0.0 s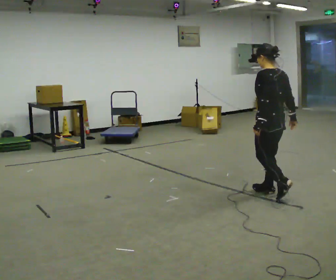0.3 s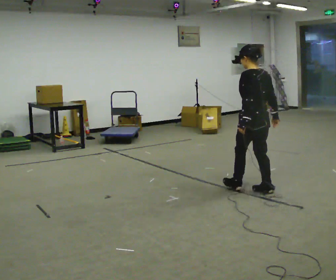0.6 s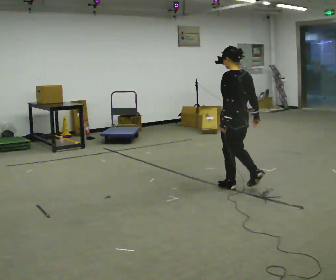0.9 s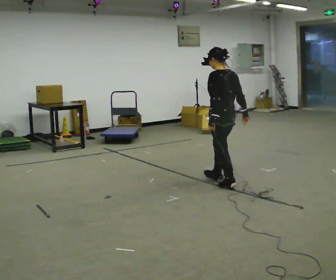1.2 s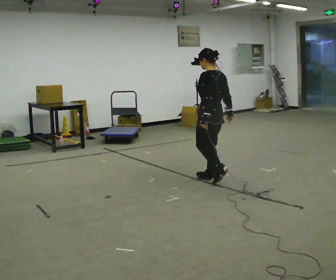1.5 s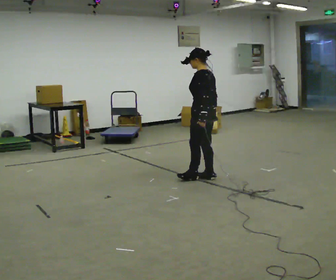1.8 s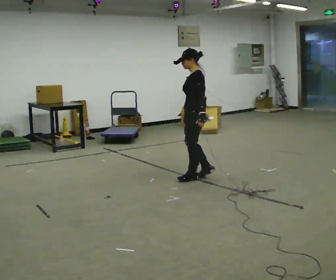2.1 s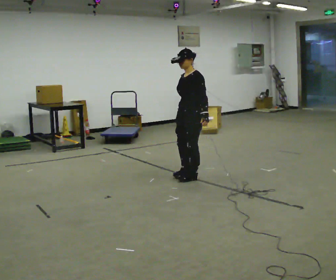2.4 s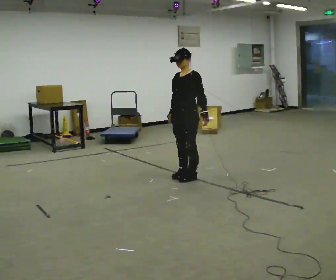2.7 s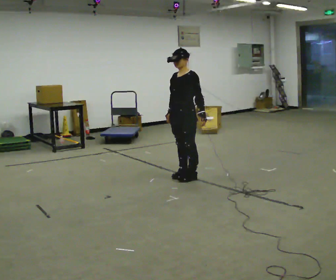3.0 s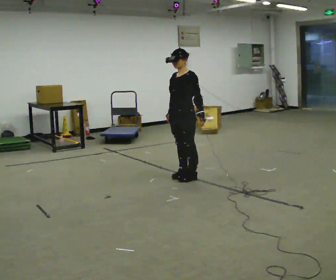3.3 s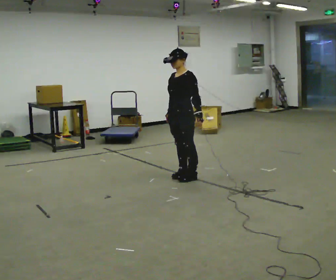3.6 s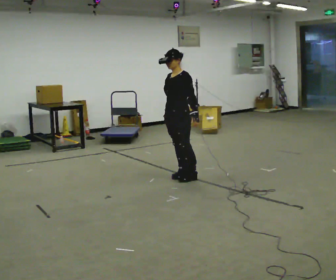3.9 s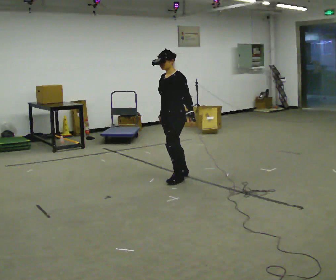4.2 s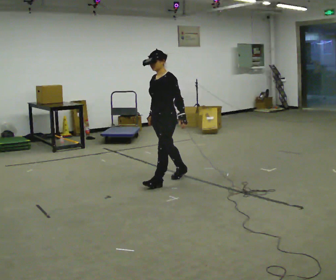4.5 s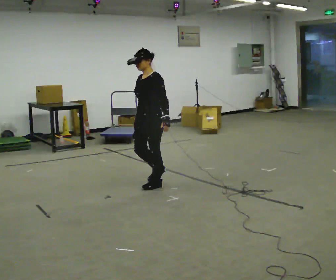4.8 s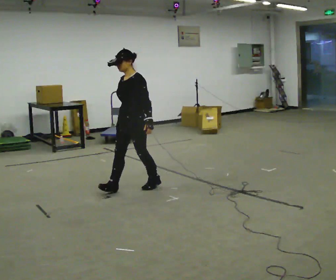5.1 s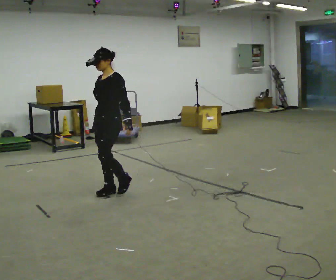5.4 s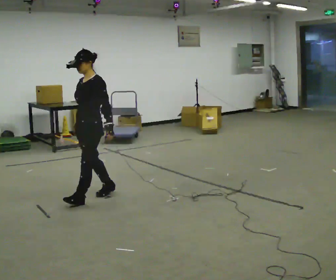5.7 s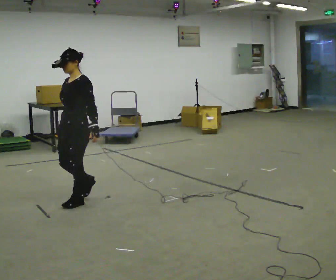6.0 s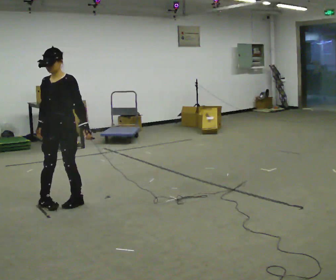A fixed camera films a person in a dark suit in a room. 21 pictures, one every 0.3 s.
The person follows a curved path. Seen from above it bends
counterclockwise.
The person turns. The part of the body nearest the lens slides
to the right.
0.0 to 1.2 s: In the picture they go away from the camera and to the left, about 1 m in 2 steps, which for them is forward.
1.2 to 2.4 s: The person turns about 90 degrees to their left, counterclockwise seen from above, so the part of the body nearest the lens slides to the right. In the picture they go to the left and away from the camera, about 0.25 m in 2 steps.
2.4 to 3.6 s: The person moves a little, or ends about where they began.
3.6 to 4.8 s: In the picture they go to the left and toward the camera, about 0.75 m in 1 step, which for them is forward.
4.8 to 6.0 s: The person turns about 45 degrees to their left, counterclockwise seen from above, so the part of the body nearest the lens slides to the right. In the picture they go to the left and toward the camera, about 1 m in 3 steps, which for them is forward.
The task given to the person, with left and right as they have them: Walk; stop fully; turn 90° left/right while standing; walk new direction.
The film runs forward here.
